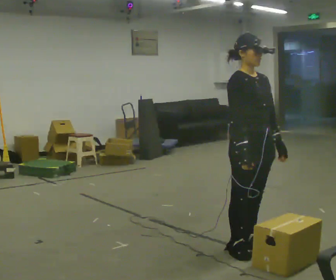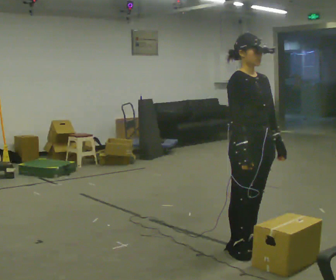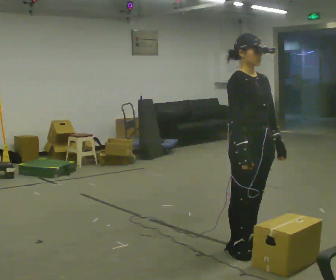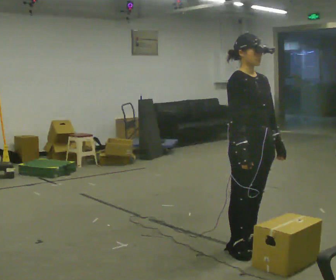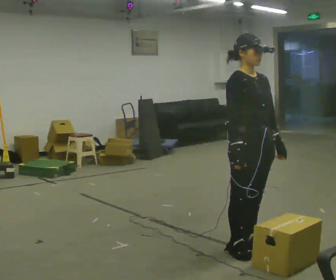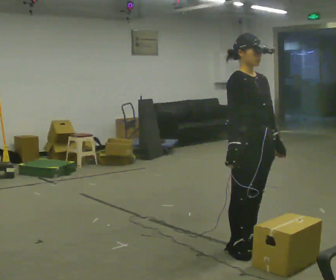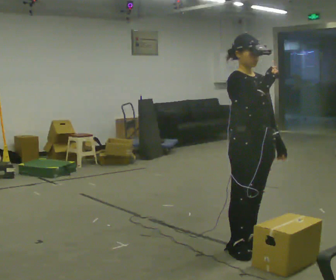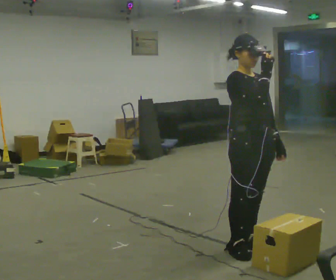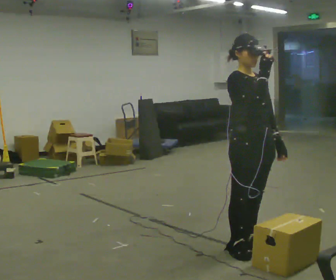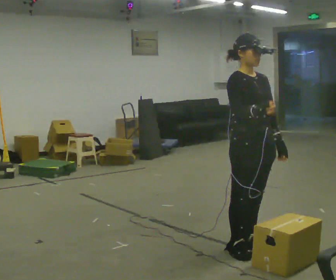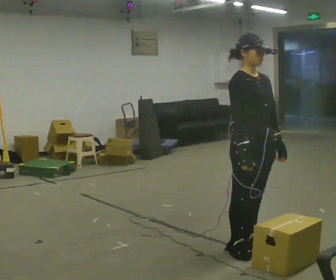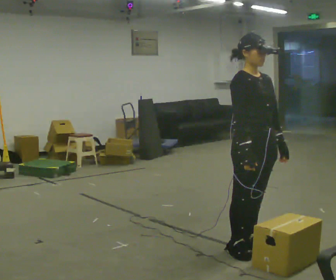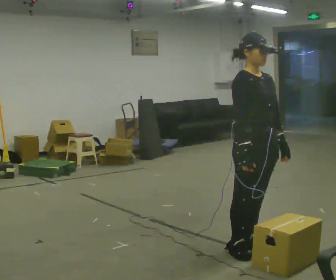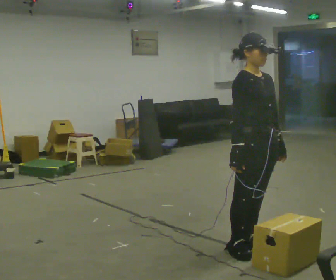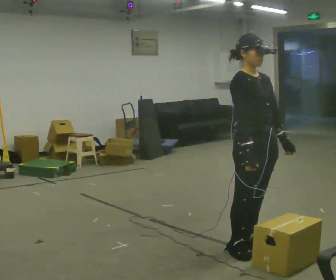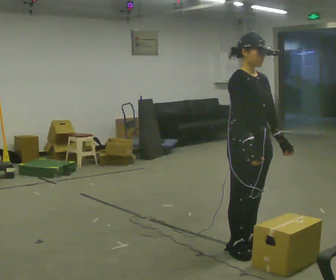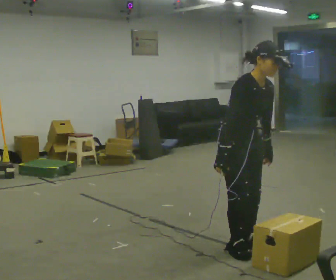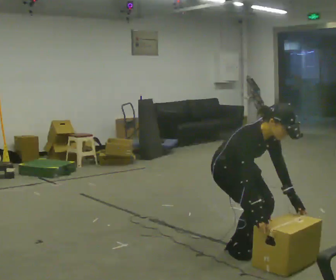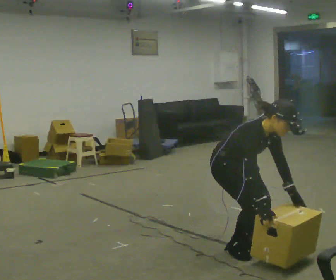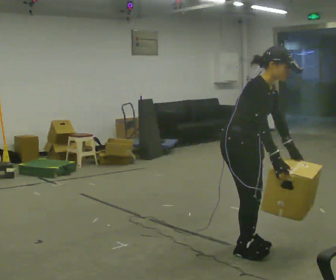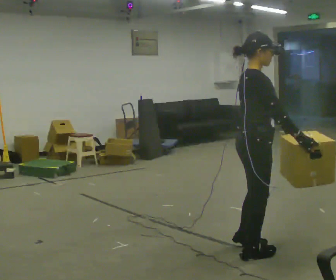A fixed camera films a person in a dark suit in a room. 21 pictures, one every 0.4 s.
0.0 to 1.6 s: The person moves a little, or ends about where they began.
1.6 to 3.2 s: In the picture their right hand goes upward.
3.2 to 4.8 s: In the picture their right hand goes downward.
4.8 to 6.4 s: In the picture the upper body tilts clockwise, shoulders to the right, as they bend forward.
6.4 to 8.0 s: The part of the body nearest the lens slides to the right as the person turns to their left by about 45 degrees. In the picture their right hand goes to the right, the arm swinging counterclockwise.
The film runs backward here.
